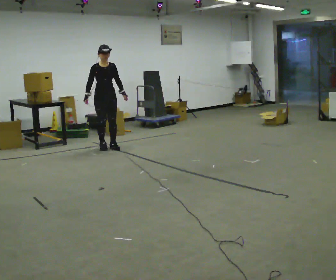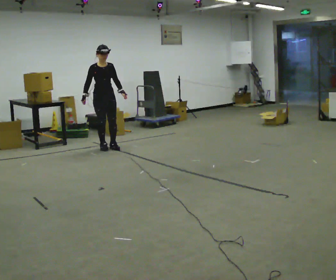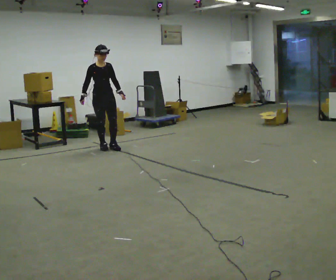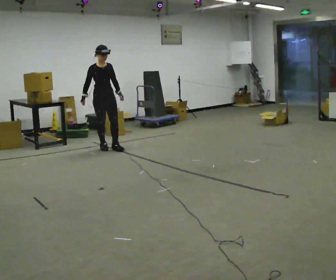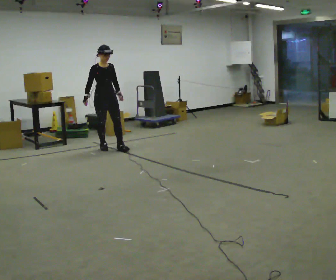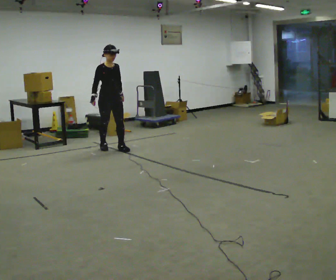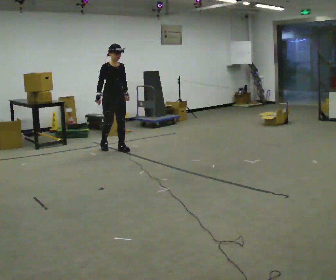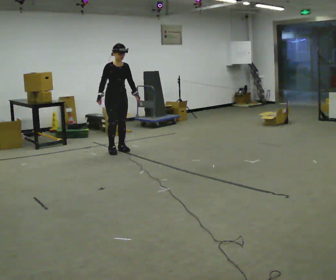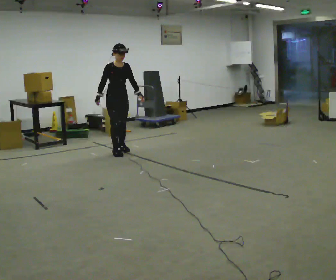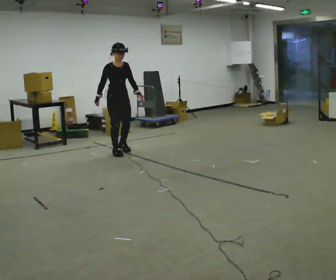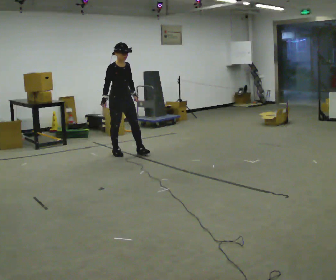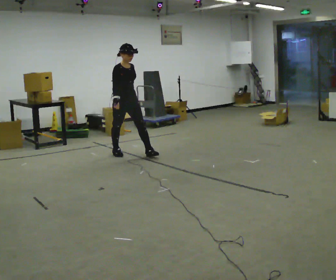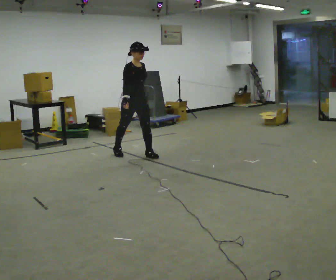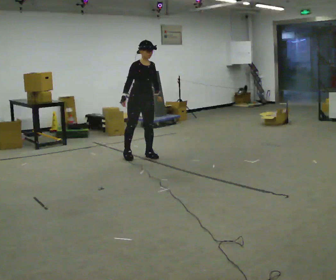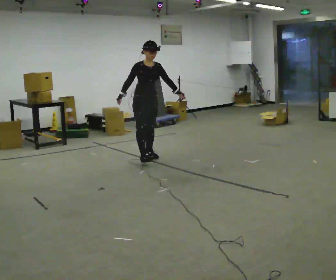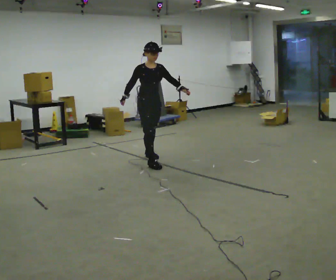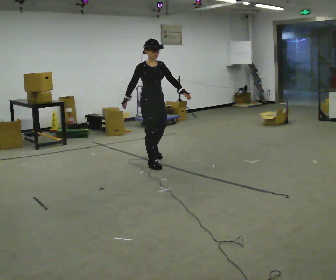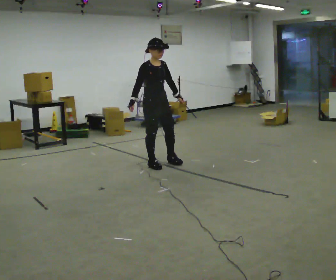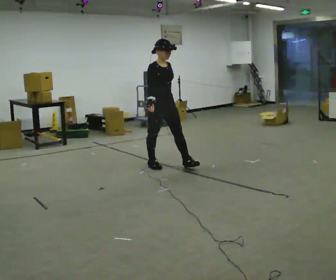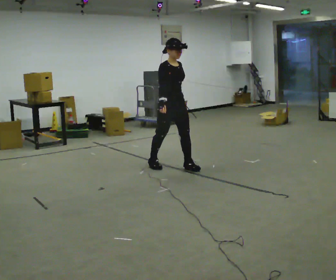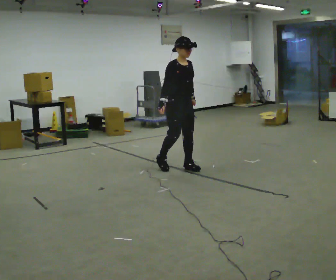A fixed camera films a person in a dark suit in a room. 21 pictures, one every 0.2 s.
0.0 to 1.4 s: In the picture they go toward the camera and to the right, about 0.25 m in 1 step, which for them is forward.
1.4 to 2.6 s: In the picture they go toward the camera and to the right, about 0.5 m in 2 steps, which for them is forward.
2.6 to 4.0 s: In the picture they go toward the camera and to the right, about 1 m in 2 steps, which for them is forward.
The film runs forward here.
